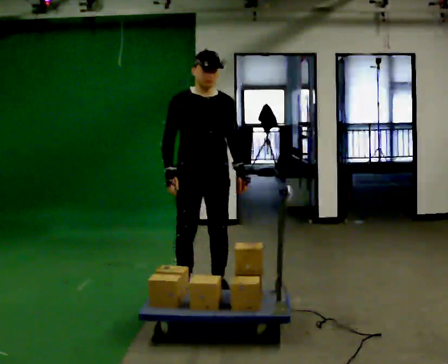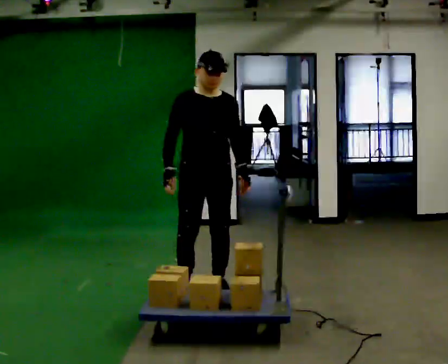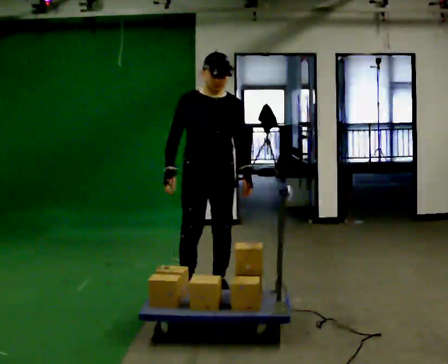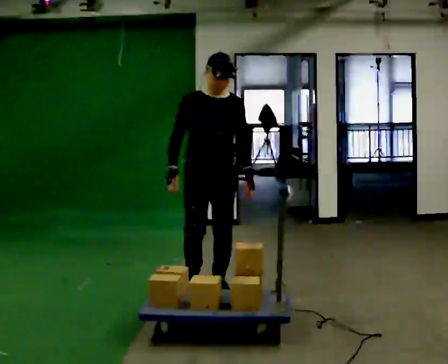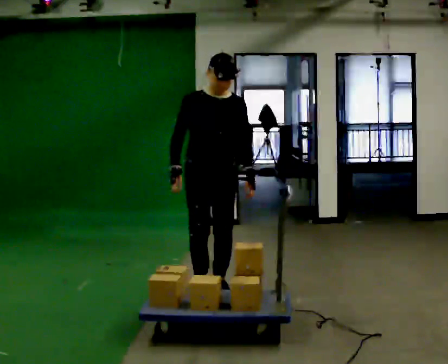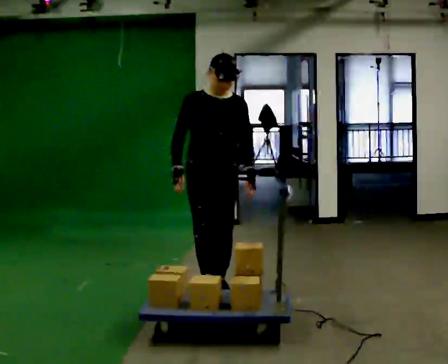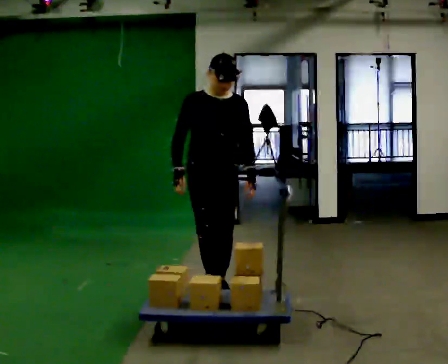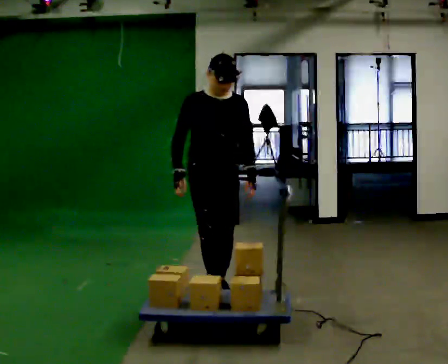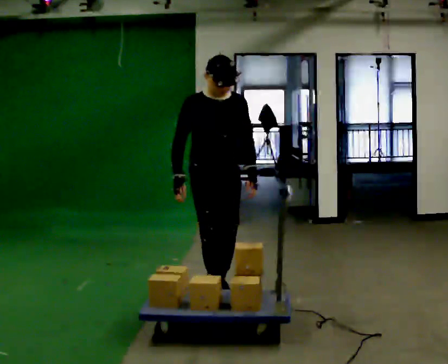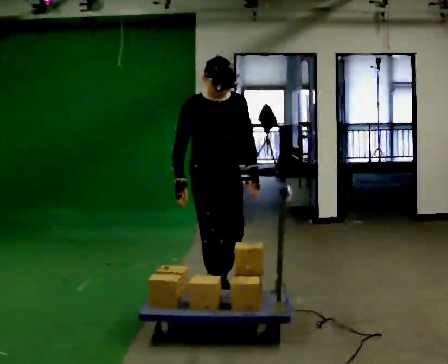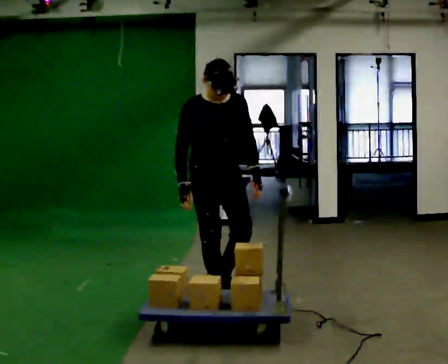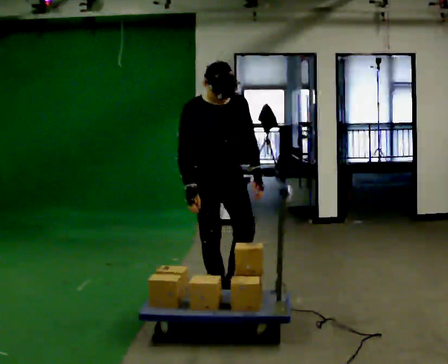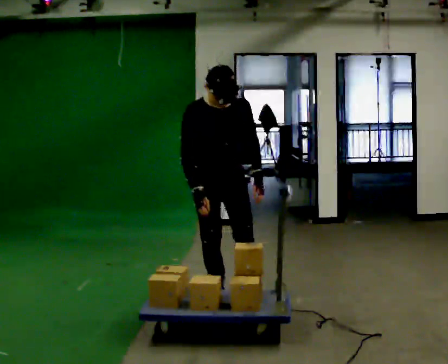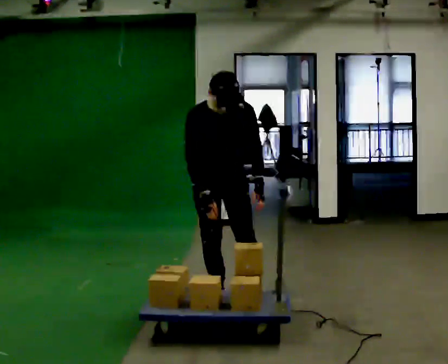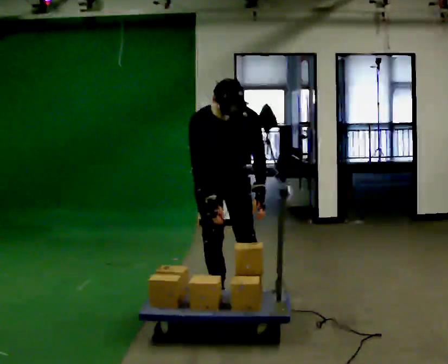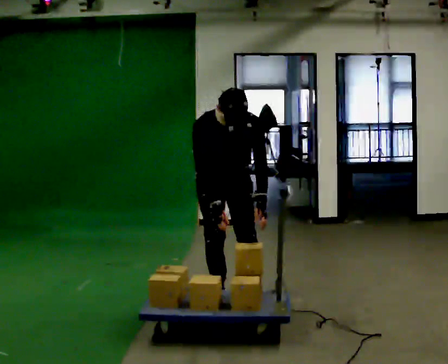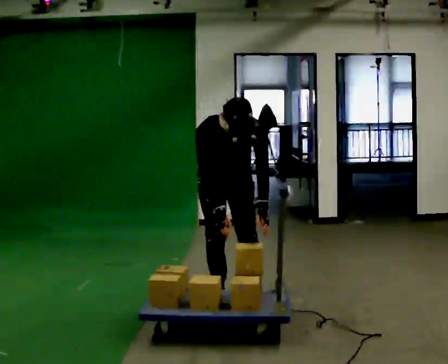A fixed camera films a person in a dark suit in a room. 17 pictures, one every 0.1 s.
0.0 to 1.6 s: In the picture they go to the right, about 0.25 m in 2 steps, which for them is forward. The upper body goes downward. The upper body tips toward the camera, its near side rolling downward, as they bend forward.
The film runs forward here.
